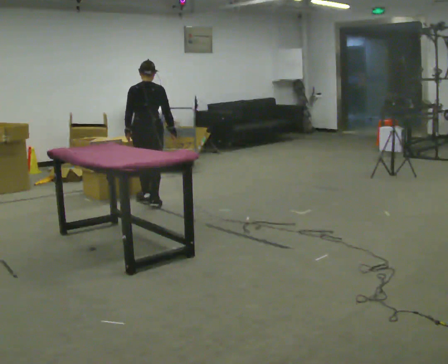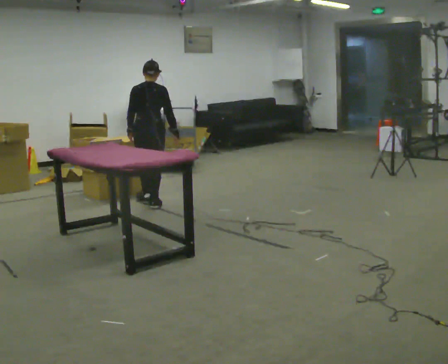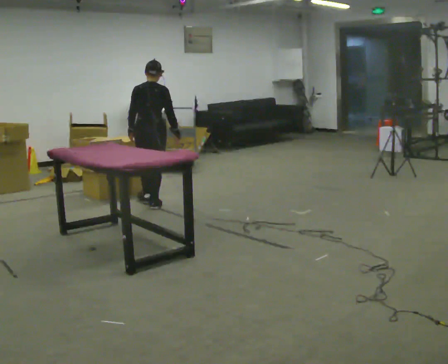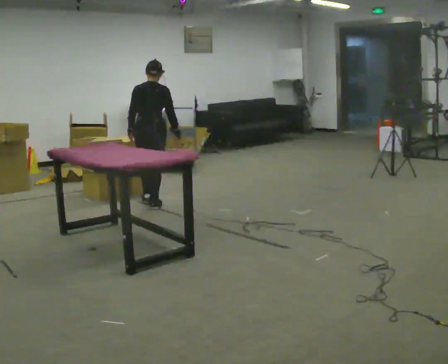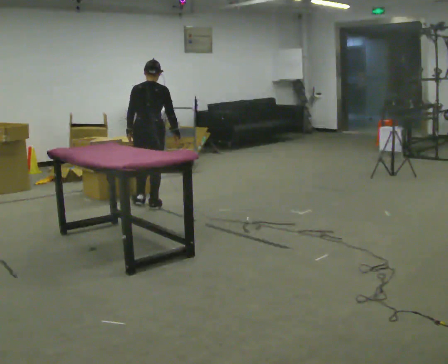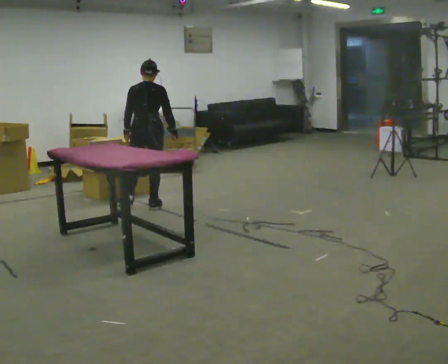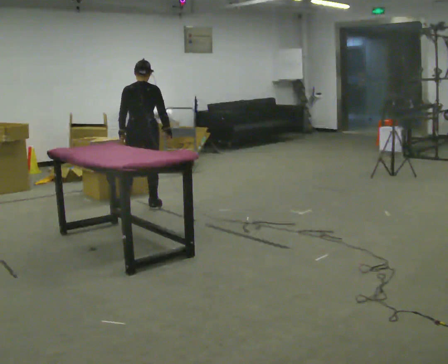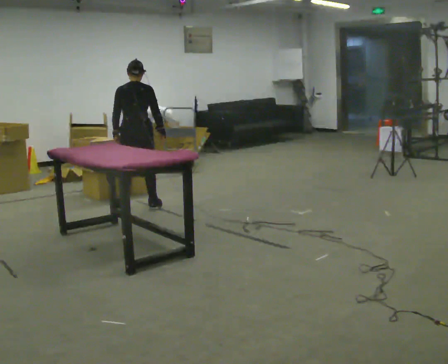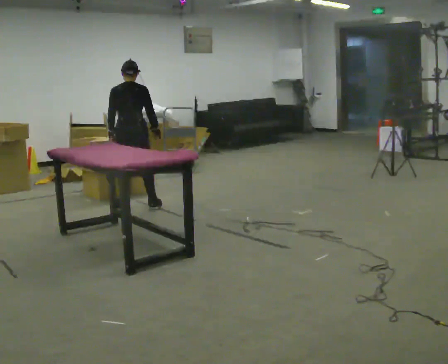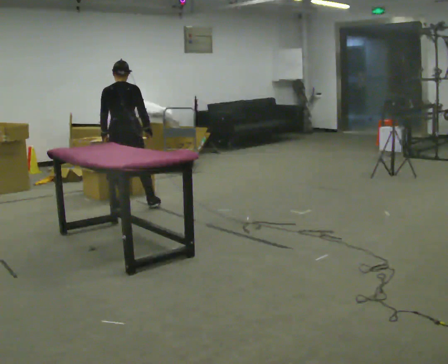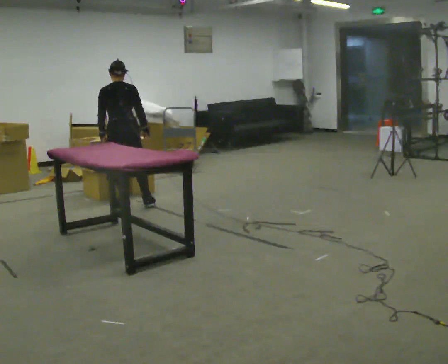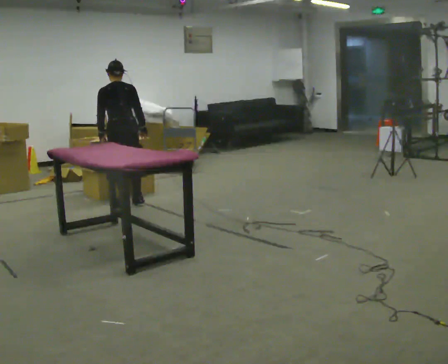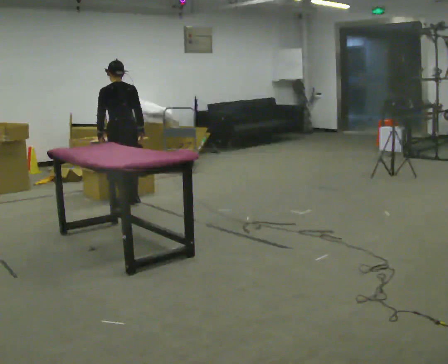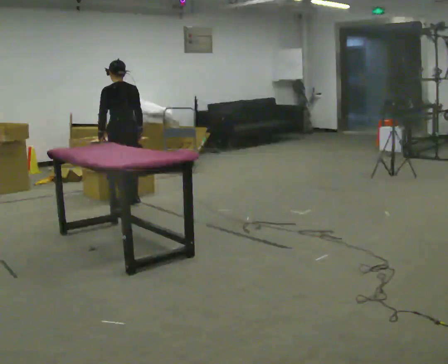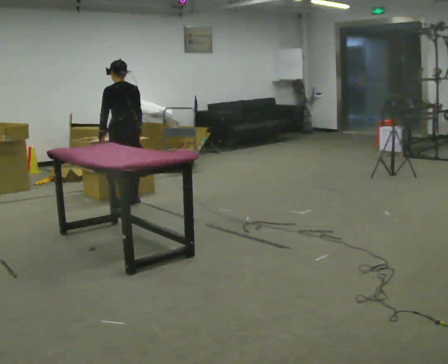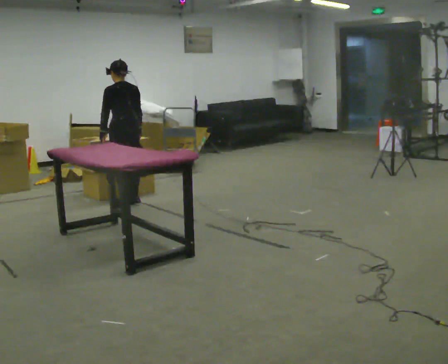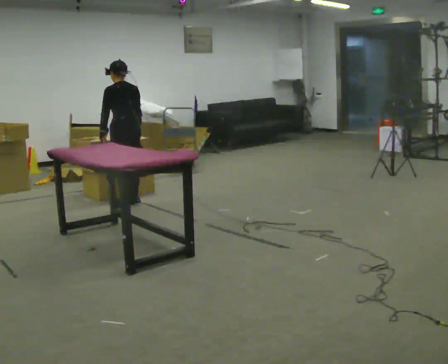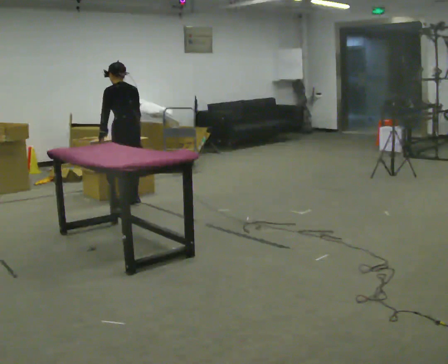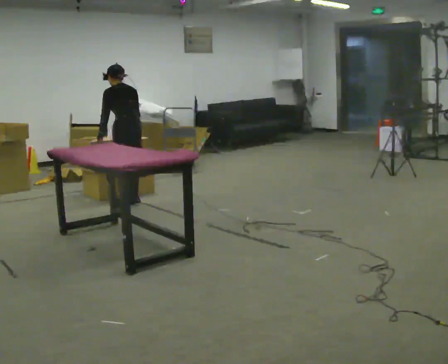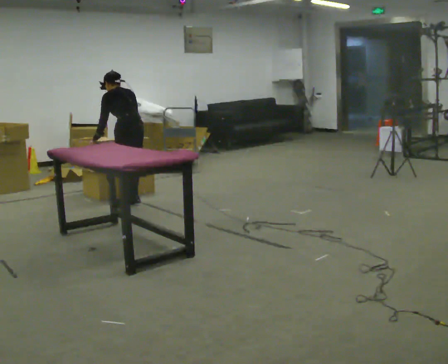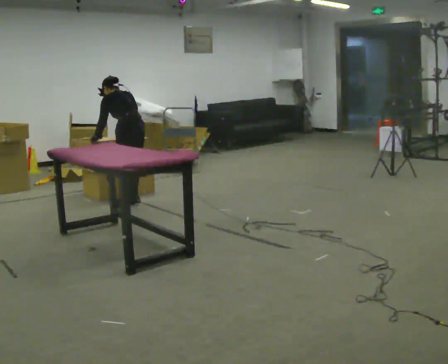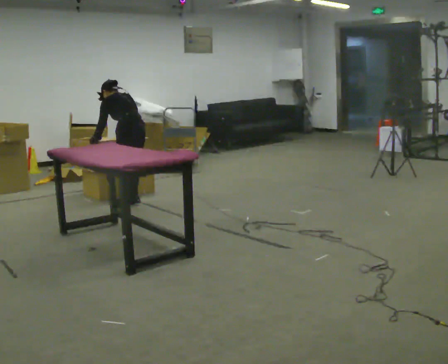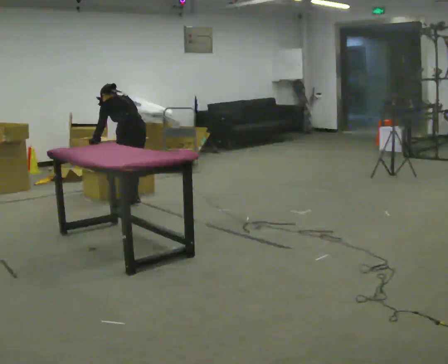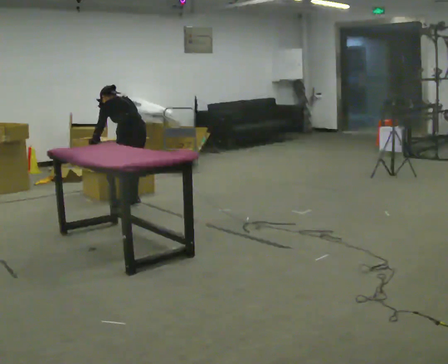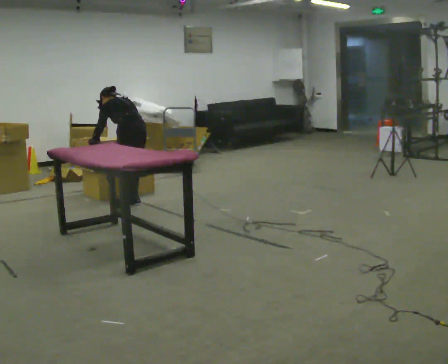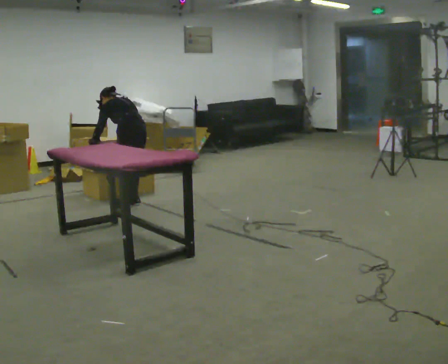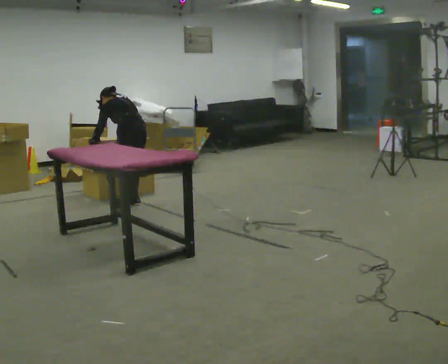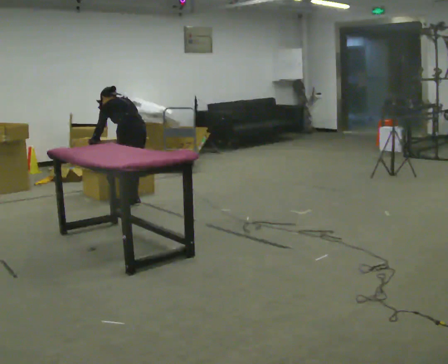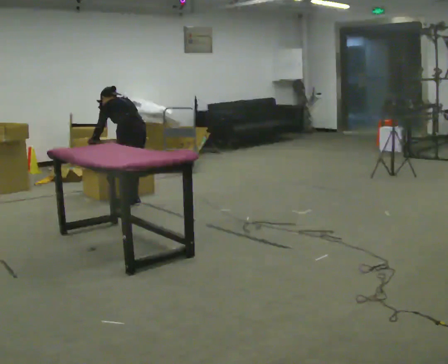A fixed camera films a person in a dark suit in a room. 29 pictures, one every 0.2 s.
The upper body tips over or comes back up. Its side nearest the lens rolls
upward.
0.0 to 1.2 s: In the picture they go toward the camera, about 0.25 m in 1 step, which for them is backward.
1.2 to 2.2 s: In the picture they go to the left, about 0.25 m in 1 step, which for them is to their left.
2.2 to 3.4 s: The part of the body nearest the lens slides to the right as the person turns to their left by about 30 degrees.
3.4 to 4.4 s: The upper body tips away from the camera, its near side rolling upward, as they bend forward.
4.4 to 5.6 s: The person keeps their place and pose.
The film runs backward here.
